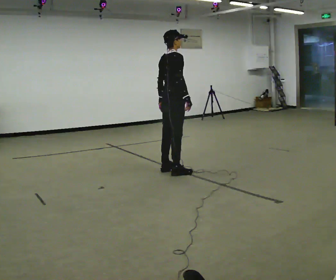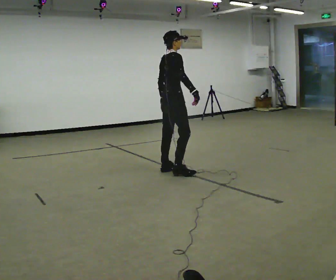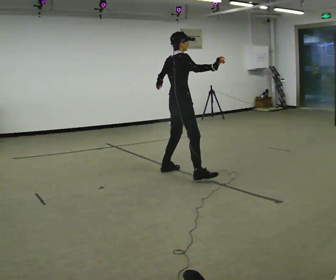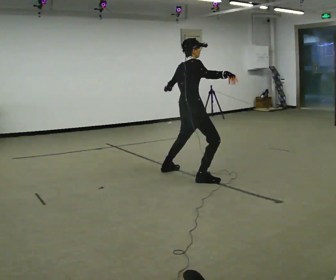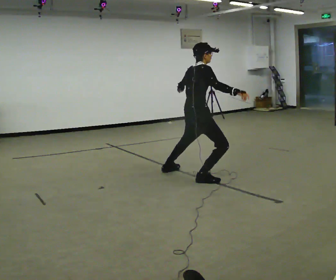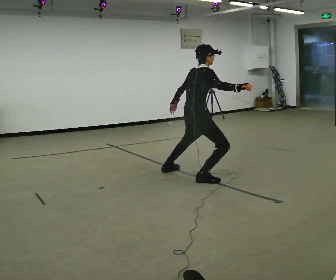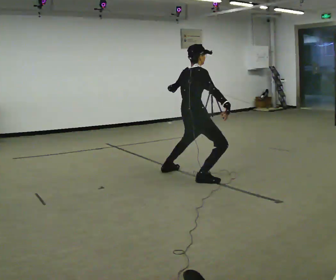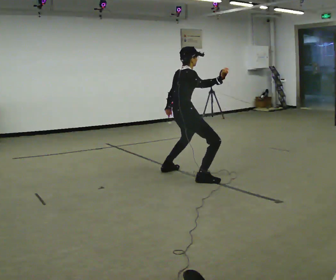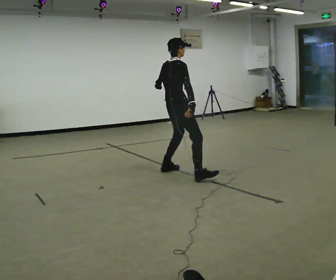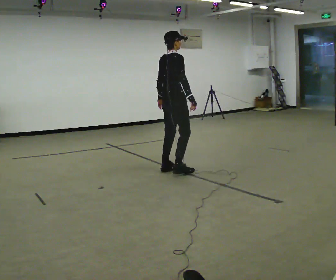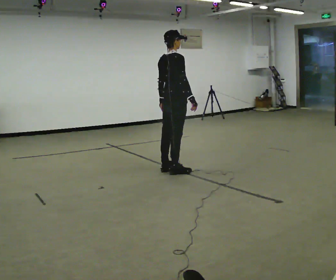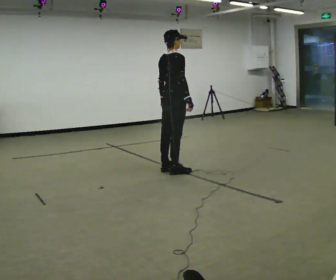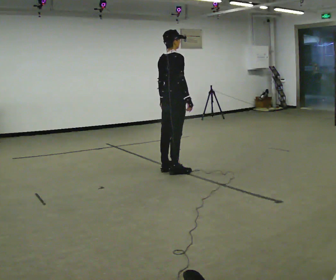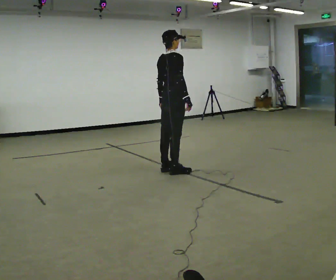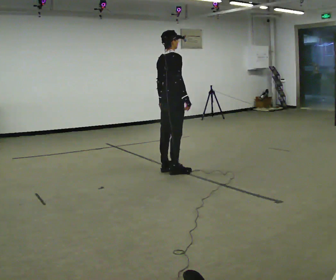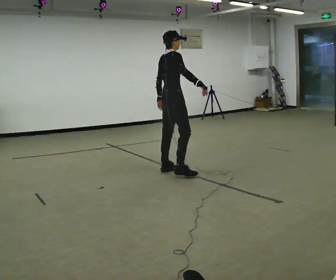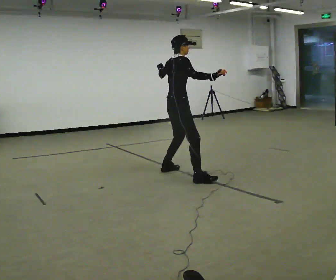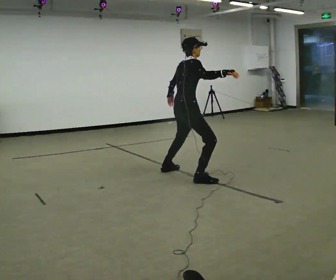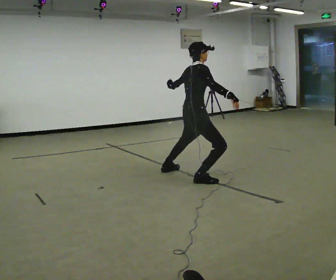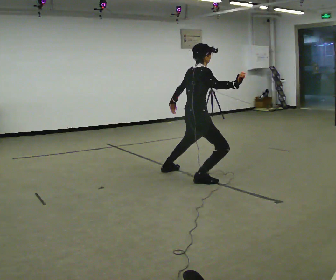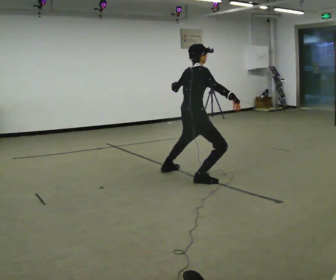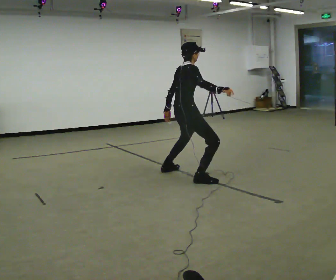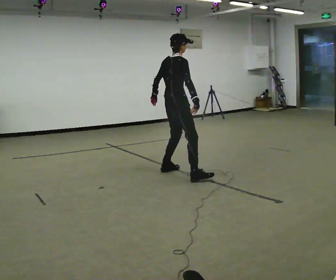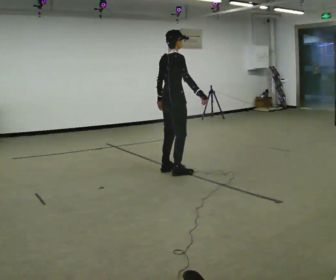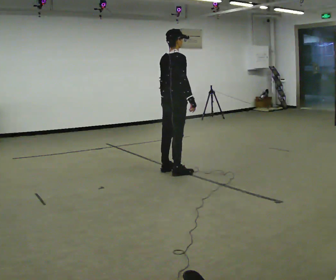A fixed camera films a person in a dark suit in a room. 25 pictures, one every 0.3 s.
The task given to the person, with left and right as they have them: Move however you like, changing style and tempo as you go; keep moving continuously.
0.0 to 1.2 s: In the picture they go toward the camera and to the right, about 0.5 m in 1 step, which for them is to their right. The upper body goes downward.
1.2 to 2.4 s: In the picture they go away from the camera and to the left, about 0.5 m, which for them is to their left.
2.4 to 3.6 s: The person moves a little, or ends about where they began.
3.6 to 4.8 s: In the picture they go toward the camera, about 0.25 m in 1 step, which for them is to their right. In the picture their left hand goes upward.
4.8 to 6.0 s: In the picture they go toward the camera and to the right, about 0.25 m, which for them is to their right.
6.0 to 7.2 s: In the picture they go away from the camera and to the left, about 0.5 m in 1 step, which for them is to their left. The upper body goes upward.
The film runs forward here.
